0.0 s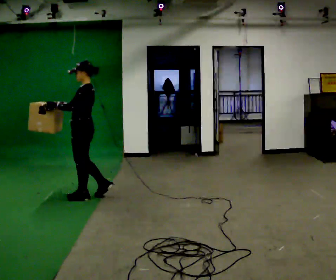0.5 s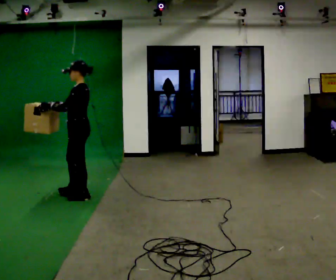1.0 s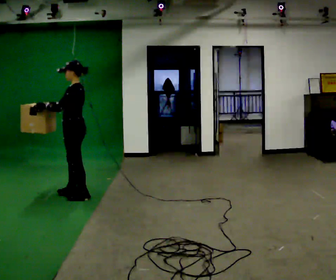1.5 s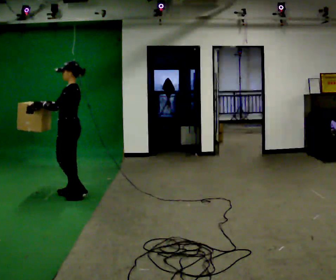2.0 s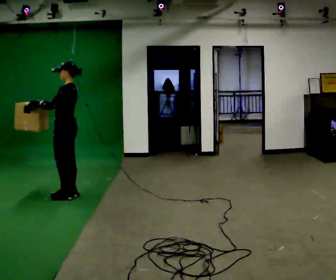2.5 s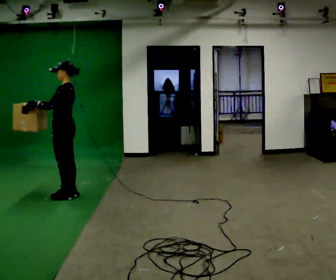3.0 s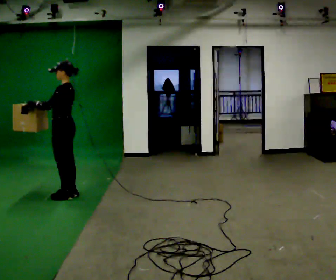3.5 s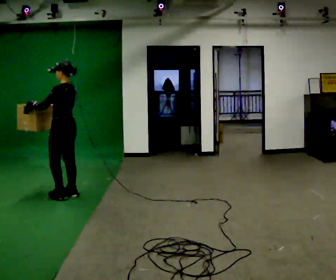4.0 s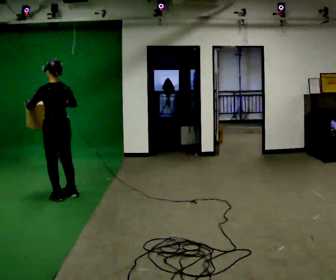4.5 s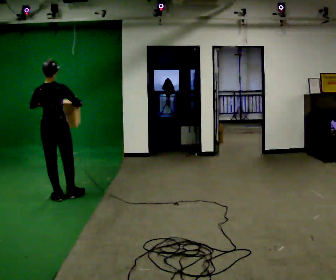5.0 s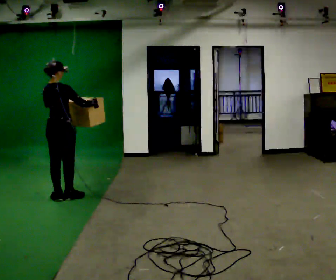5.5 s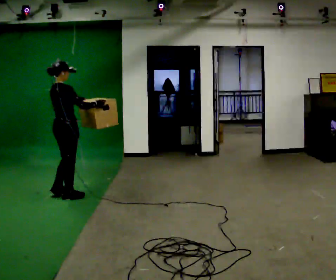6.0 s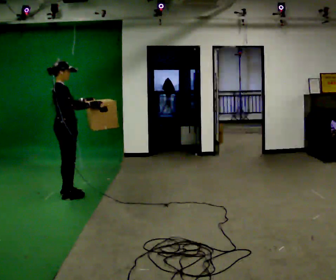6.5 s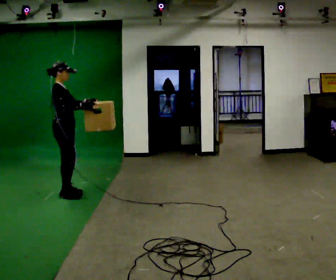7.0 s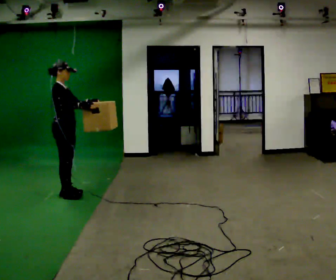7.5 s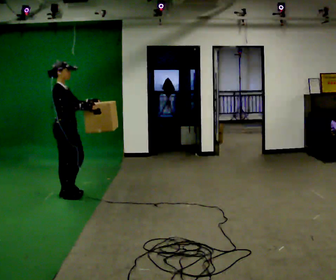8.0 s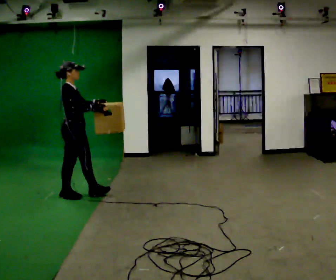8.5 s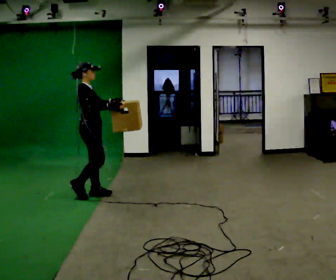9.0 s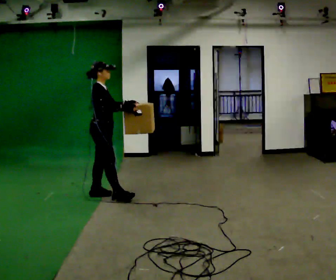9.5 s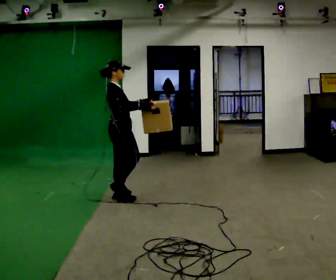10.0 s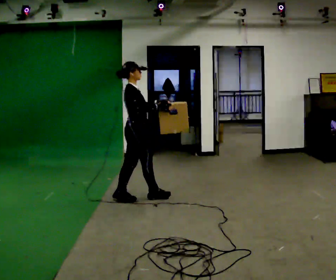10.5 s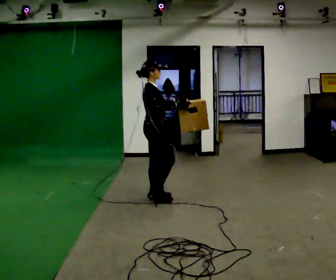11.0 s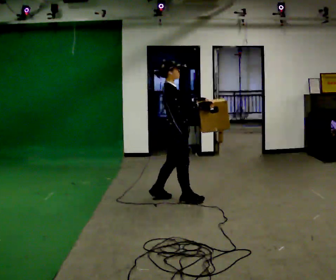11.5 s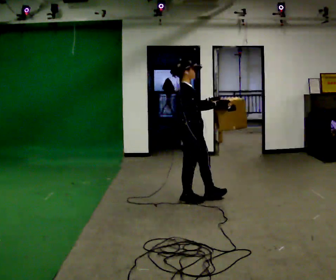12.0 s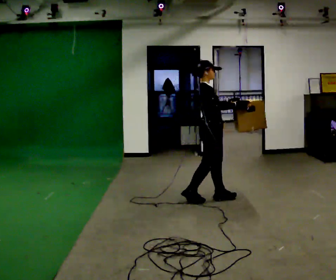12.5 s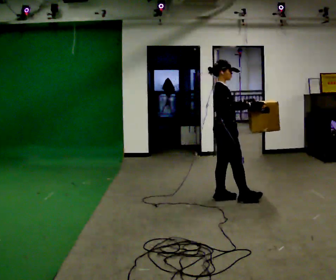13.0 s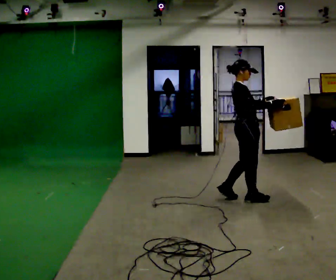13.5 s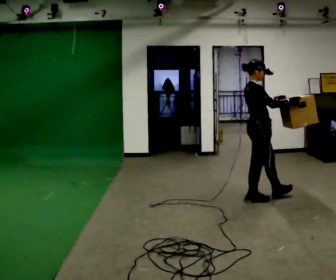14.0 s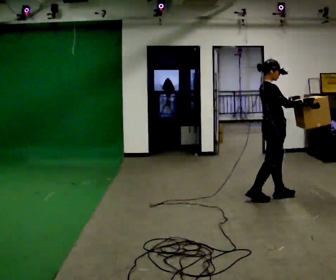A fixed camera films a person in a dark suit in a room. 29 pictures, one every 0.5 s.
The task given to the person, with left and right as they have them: Carry the box across the room much more slowly and carefully than normal, back and forth.
0.0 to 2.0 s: In the picture they go to the left and away from the camera, about 0.25 m in 2 steps, which for them is forward.
2.0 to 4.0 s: Seen from above the body turns clockwise, about 45 degrees: to their right, with its near side sliding to the left.
4.0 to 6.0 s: The part of the body nearest the lens slides to the left as the person turns to their right by about 105 degrees.
6.0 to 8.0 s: The person moves a little, or ends about where they began.
8.0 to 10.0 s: In the picture they go to the right, about 0.5 m in 2 steps, which for them is forward.
10.0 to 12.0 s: In the picture they go to the right, about 1 m in 2 steps, which for them is forward.
12.0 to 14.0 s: In the picture they go to the right, about 0.75 m in 2 steps, which for them is forward.
The film runs forward here.
